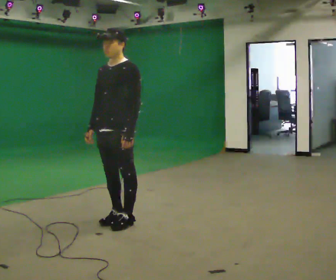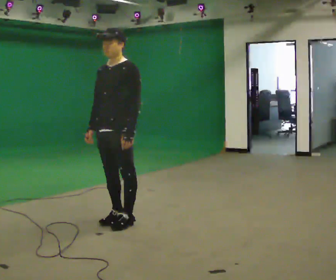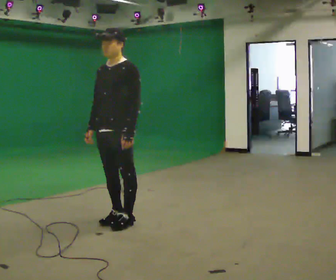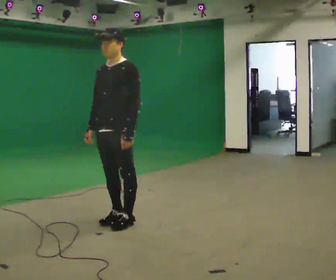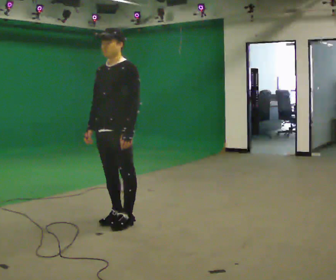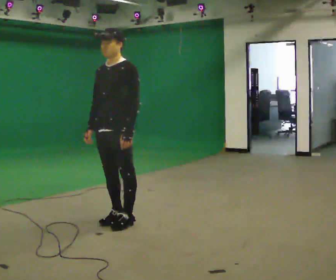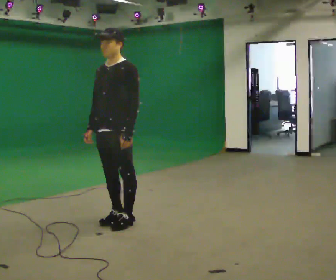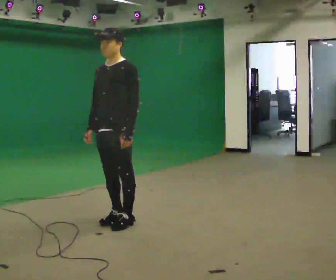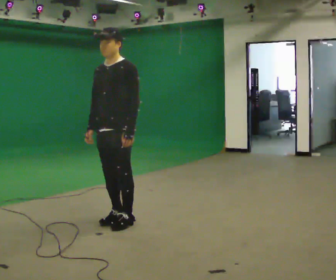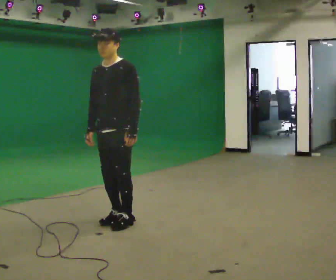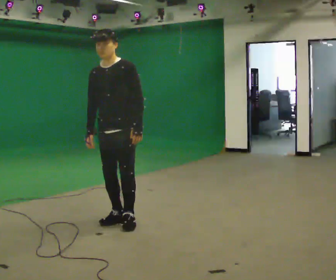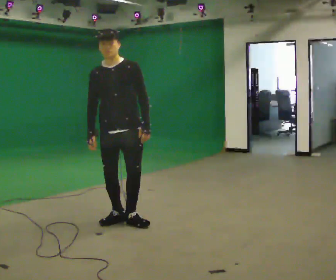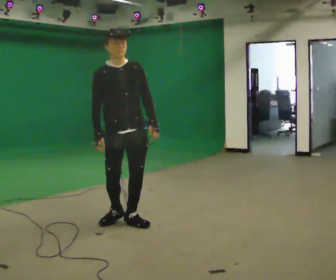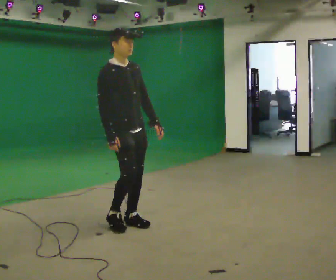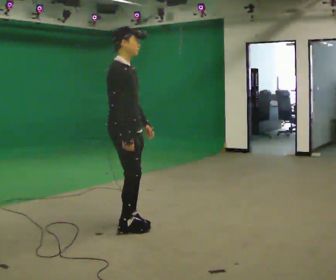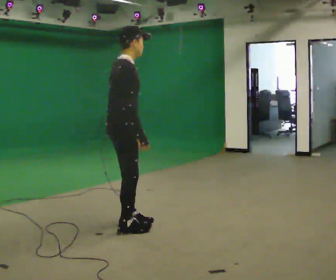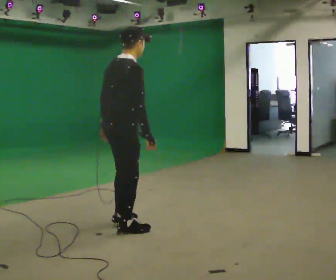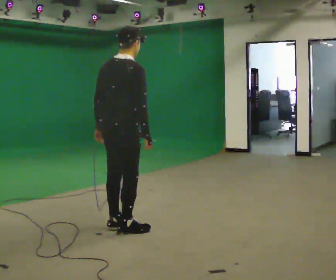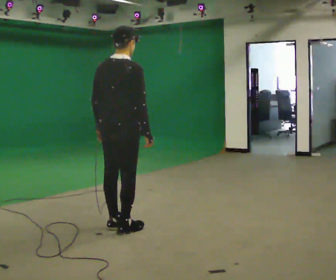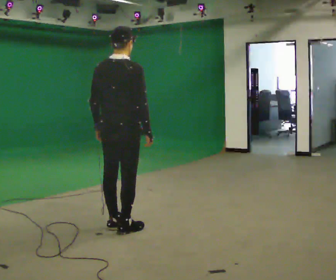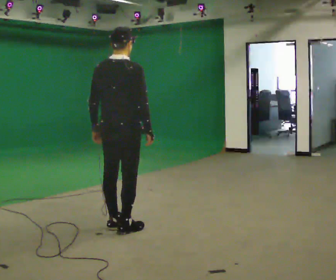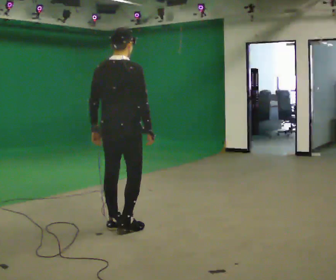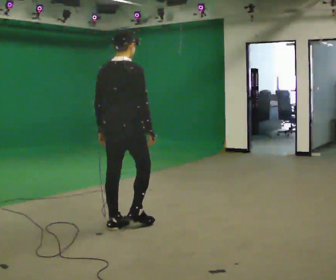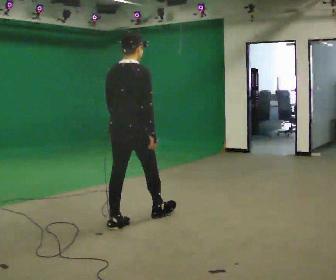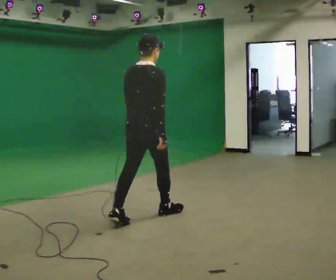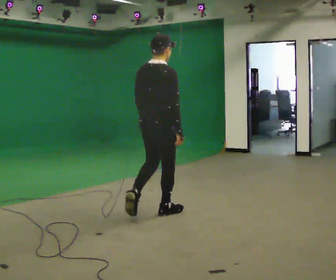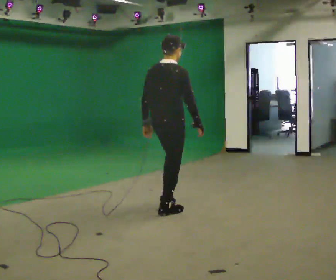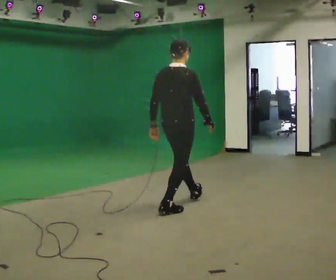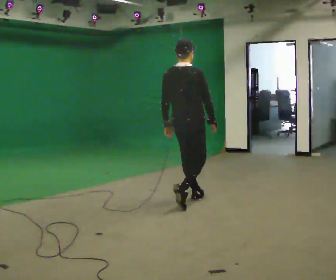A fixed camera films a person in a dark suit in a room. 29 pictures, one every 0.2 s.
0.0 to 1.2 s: The person keeps their place and pose.
1.2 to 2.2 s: The person turns about 30 degrees to their left, counterclockwise seen from above, so the part of the body nearest the lens slides to the right.
2.2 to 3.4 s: Seen from above the body turns counterclockwise, about 150 degrees: to their left, with its near side sliding to the right. In the picture they go toward the camera, about 0.25 m in 2 steps. In the picture the upper body tilts clockwise, shoulders to the right.
3.4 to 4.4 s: The person moves a little, or ends about where they began.
4.4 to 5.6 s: In the picture they go away from the camera and to the right, about 1 m in 2 steps, which for them is forward.
The film runs forward here.
